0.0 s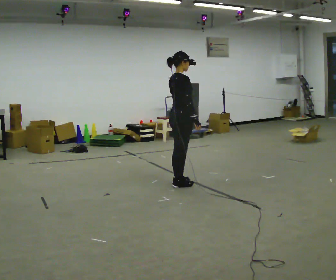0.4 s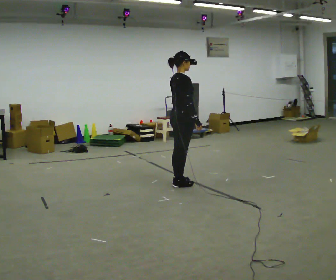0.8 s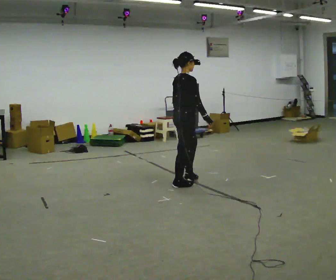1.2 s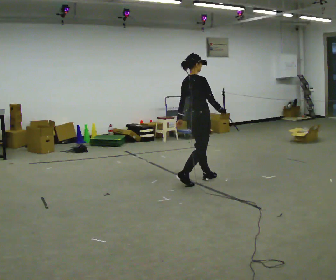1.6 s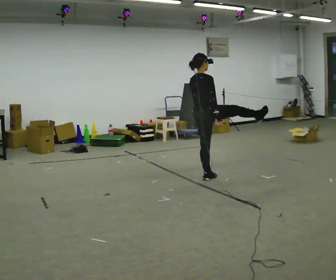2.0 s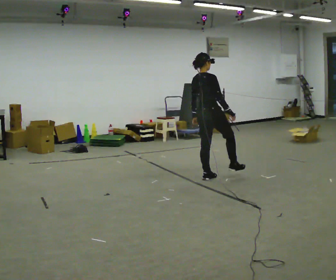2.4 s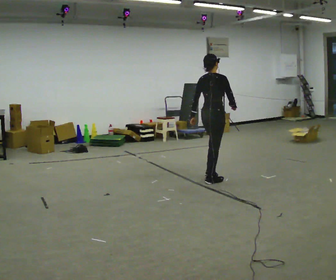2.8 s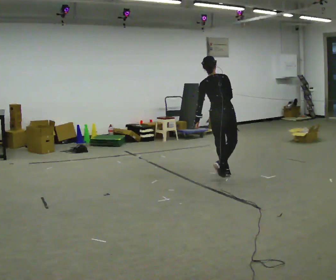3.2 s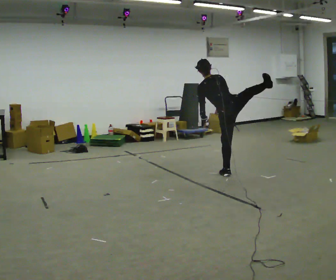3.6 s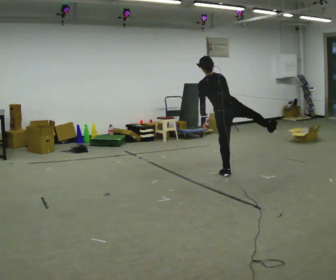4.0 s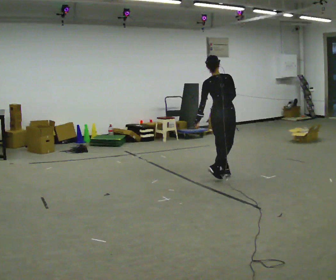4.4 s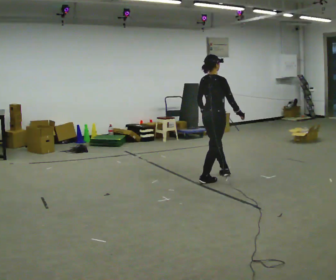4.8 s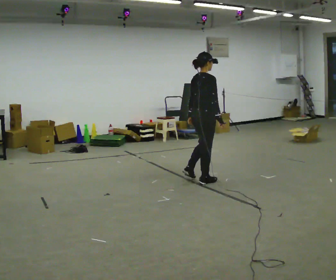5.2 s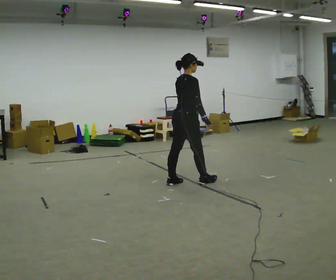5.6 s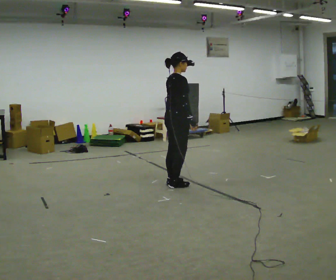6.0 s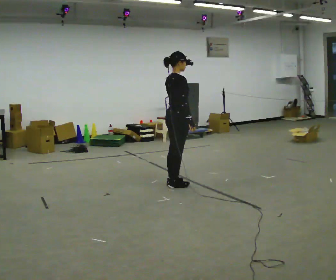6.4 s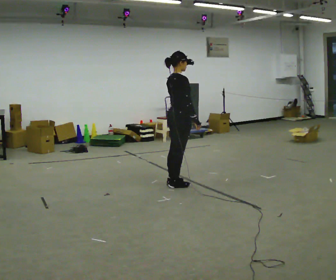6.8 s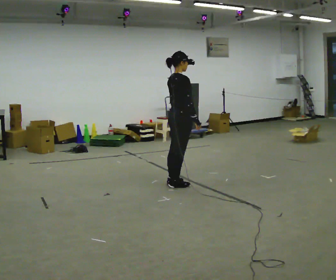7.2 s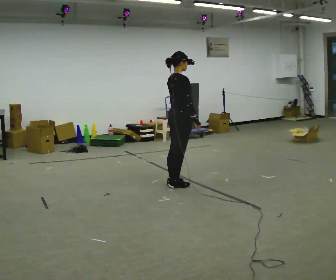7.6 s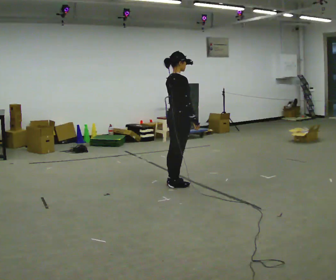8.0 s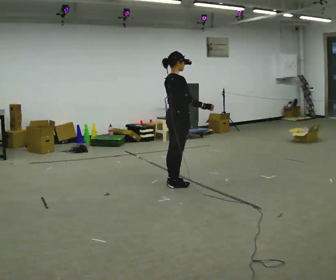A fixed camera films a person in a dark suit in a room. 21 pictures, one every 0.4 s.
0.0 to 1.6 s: In the picture they go to the right and away from the camera, about 0.5 m in 2 steps, which for them is forward.
1.6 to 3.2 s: Seen from above the body turns counterclockwise, about 60 degrees: to their left, with its near side sliding to the right. In the picture they go to the right and away from the camera, about 0.25 m in 2 steps, which for them is forward and to their right.
3.2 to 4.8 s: Seen from above the body turns clockwise, about 60 degrees: to their right, with its near side sliding to the left. In the picture they go to the left and toward the camera, about 0.5 m. In the picture the upper body tilts clockwise, shoulders to the right.
4.8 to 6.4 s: In the picture they go to the left and toward the camera, about 0.25 m in 2 steps, which for them is backward.
6.4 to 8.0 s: The person moves a little, or ends about where they began.
The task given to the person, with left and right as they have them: Kick into the air with each leg in turn, front kicks and side kicks, at a comfortable height. Repeat the movement at your own pace until the operator says stop; do not rush.
The film runs forward here.
